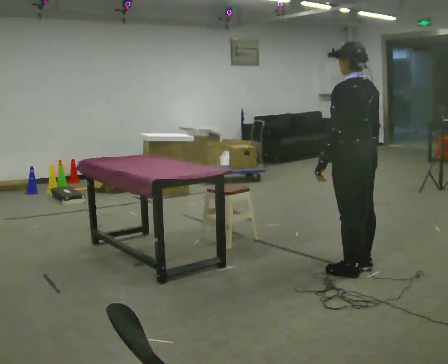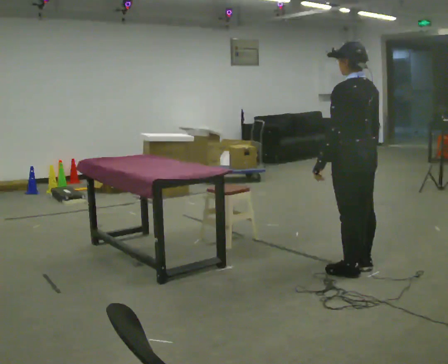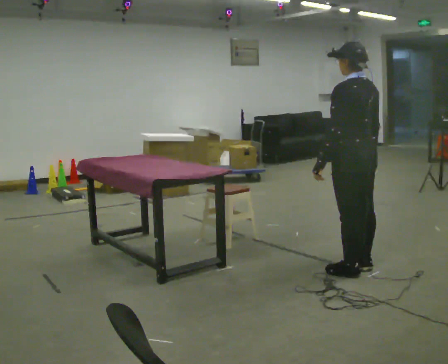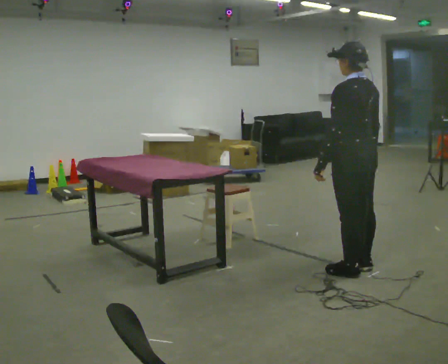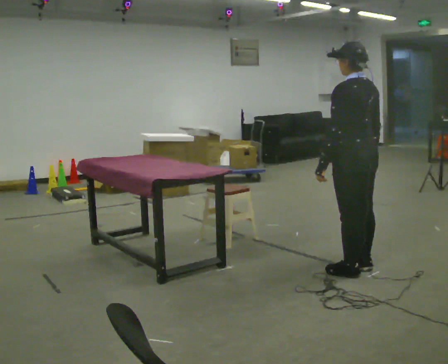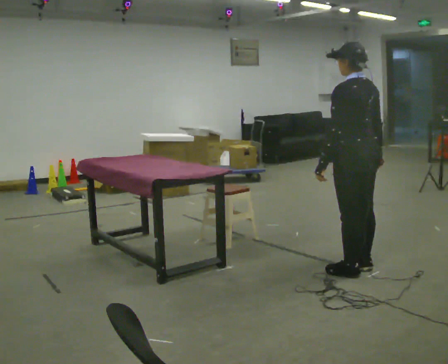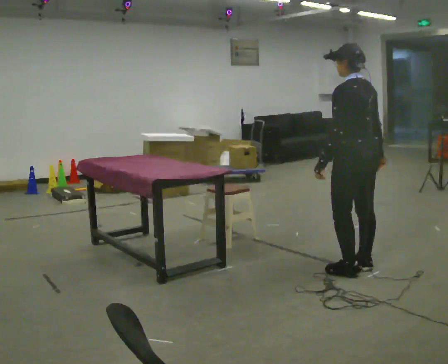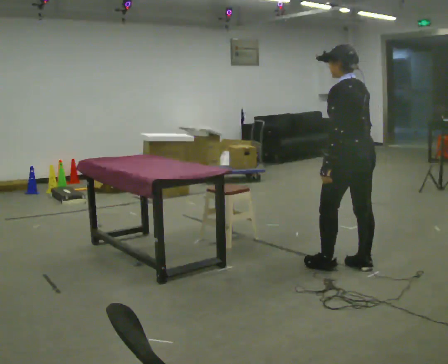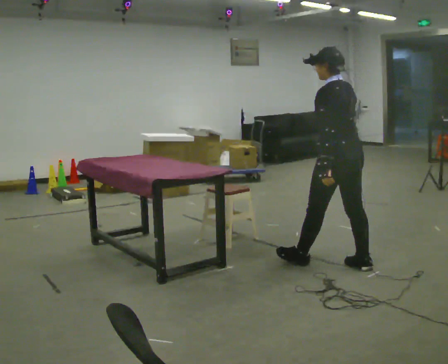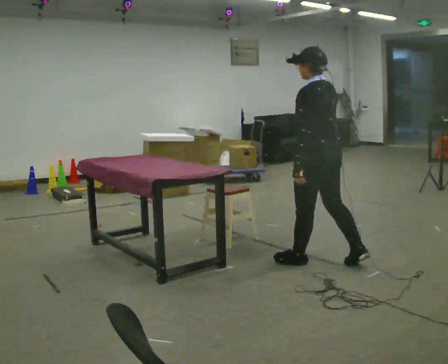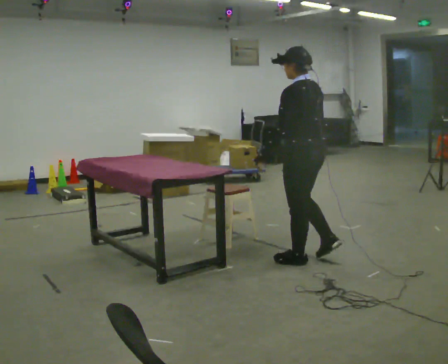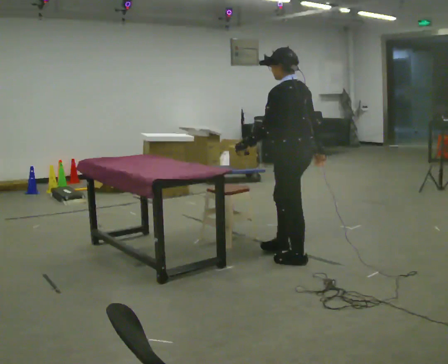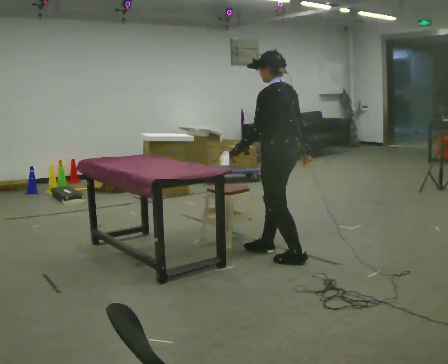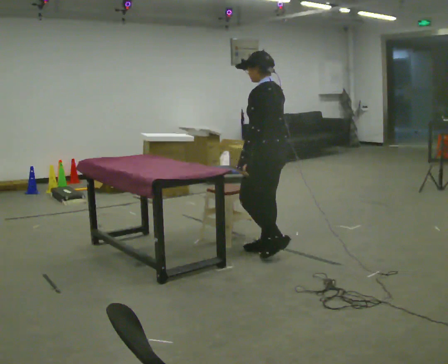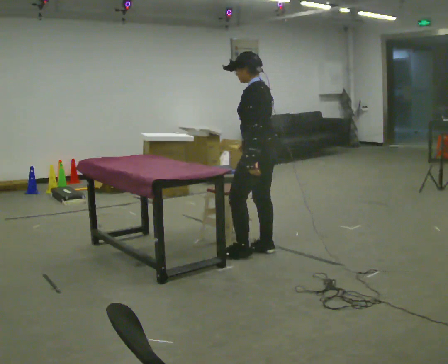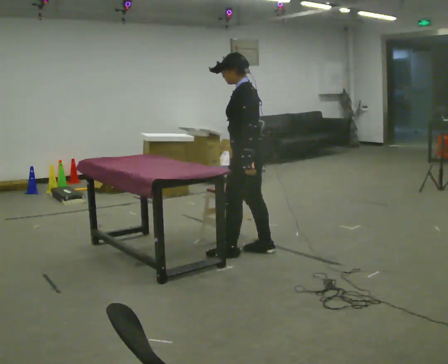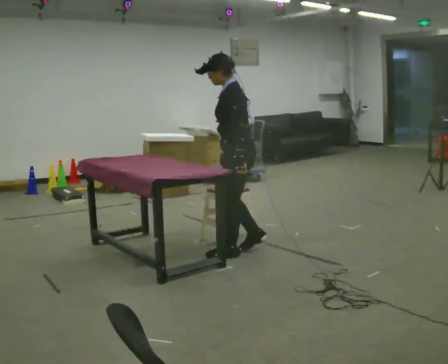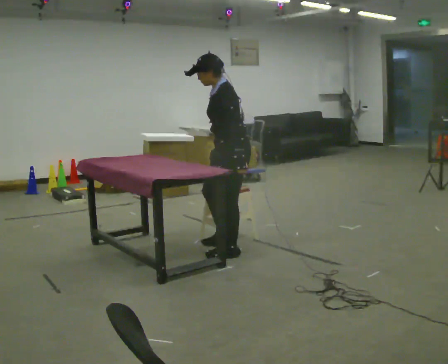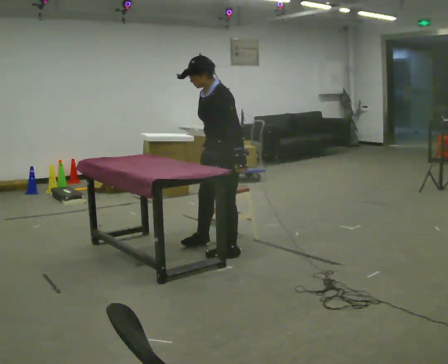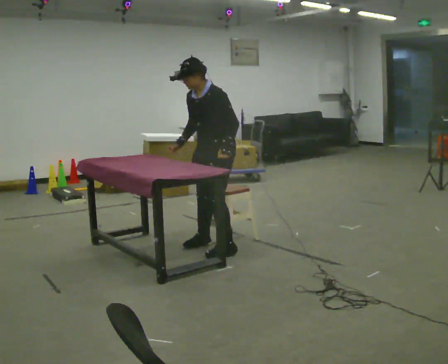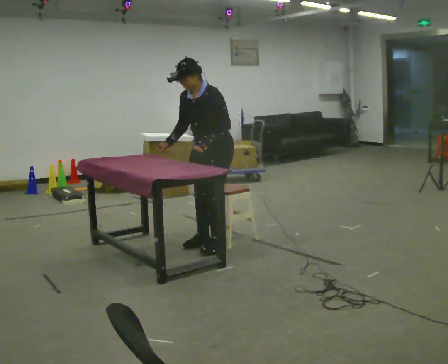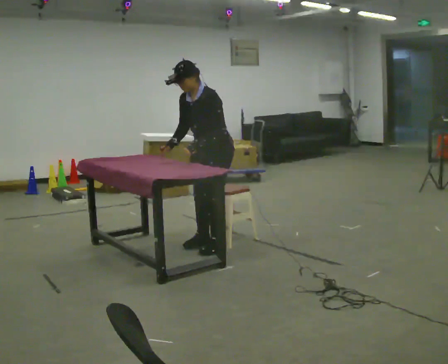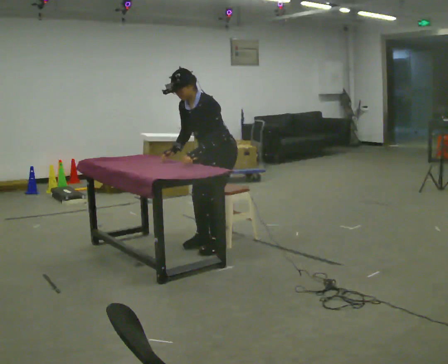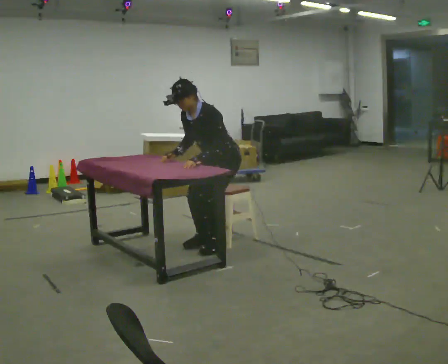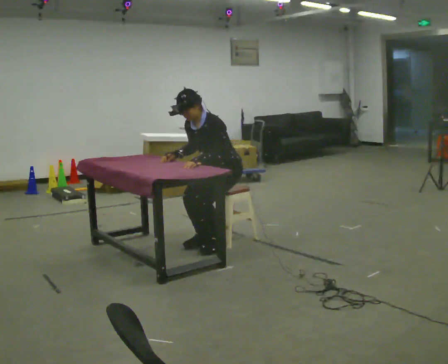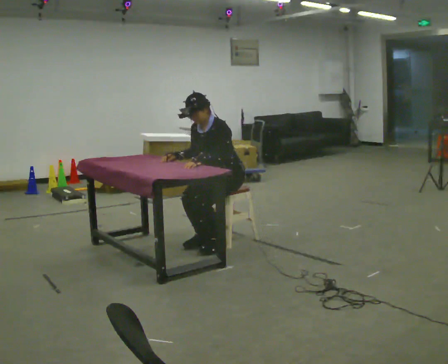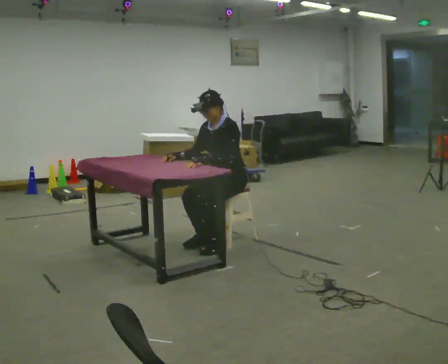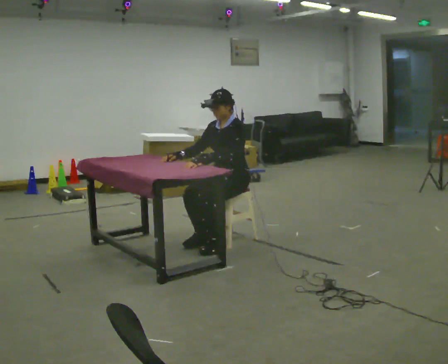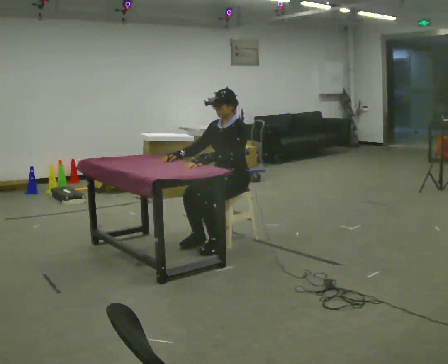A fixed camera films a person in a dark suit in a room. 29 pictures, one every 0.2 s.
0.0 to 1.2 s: The person moves a little, or ends about where they began.
1.2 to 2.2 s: In the picture they go to the left and away from the camera, about 0.5 m in 1 step, which for them is forward and to their left.
2.2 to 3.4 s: The person turns about 45 degrees to their left, counterclockwise seen from above, so the part of the body nearest the lens slides to the right. In the picture they go to the left and away from the camera, about 0.5 m in 2 steps, which for them is forward.
3.4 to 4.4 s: Seen from above the body turns counterclockwise, about 30 degrees: to their left, with its near side sliding to the right. In the picture they go away from the camera, about 0.25 m in 2 steps, which for them is to their right.
4.4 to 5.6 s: The upper body goes downward. In the picture the upper body tilts clockwise, shoulders to the right, as they lean back or straighten.
The film runs forward here.
